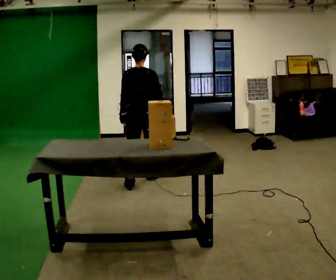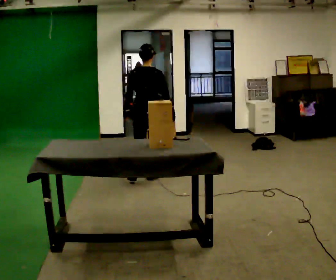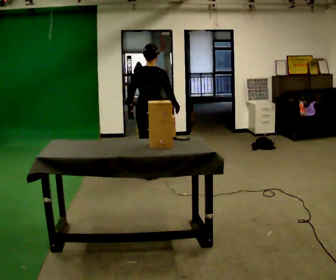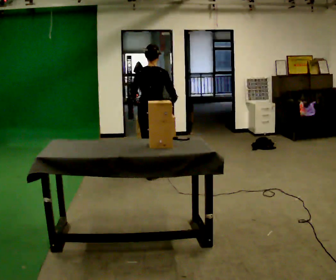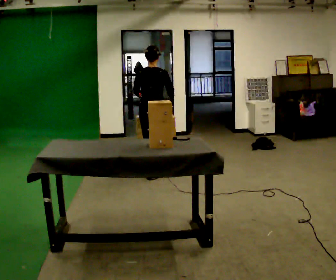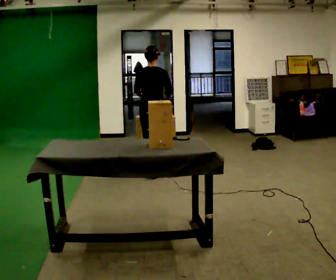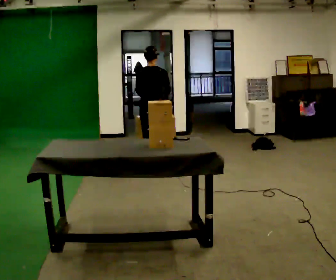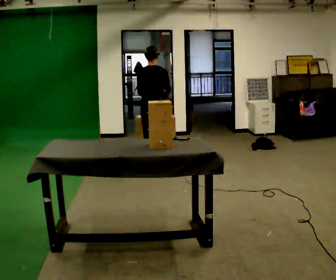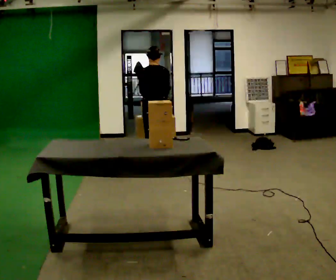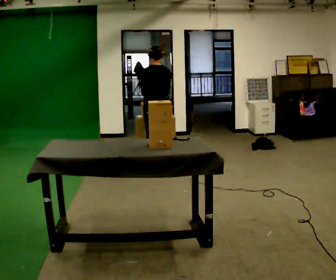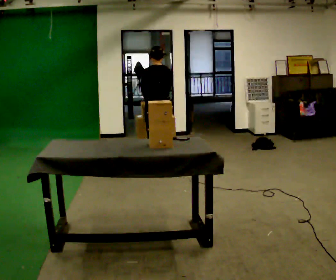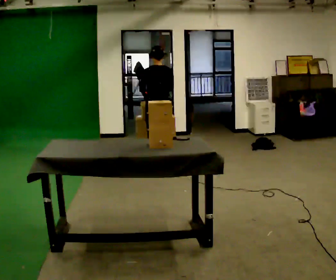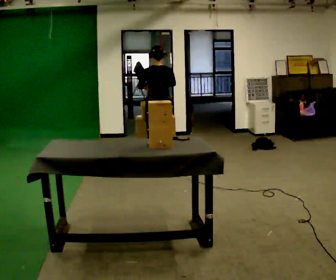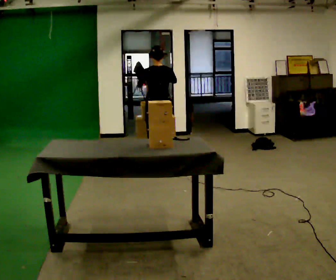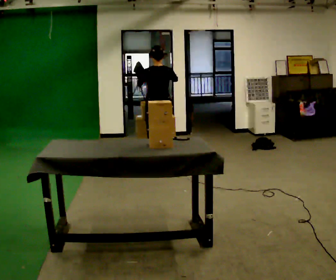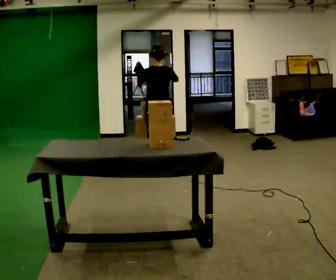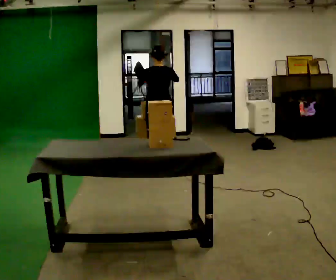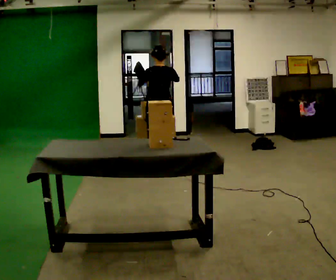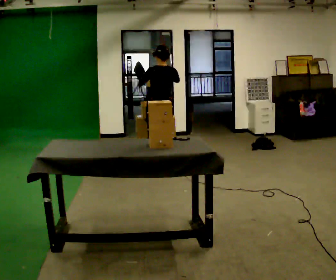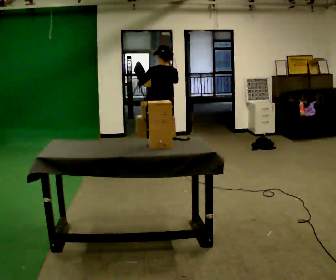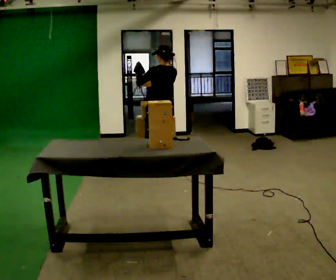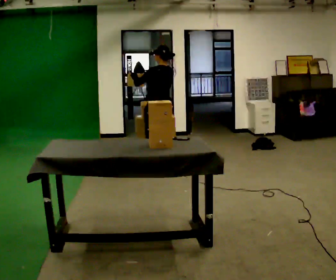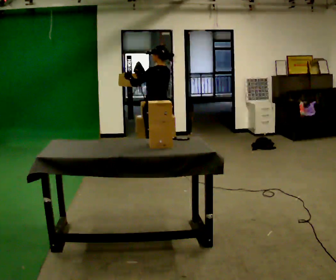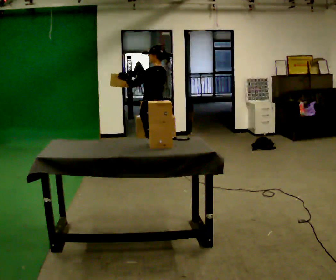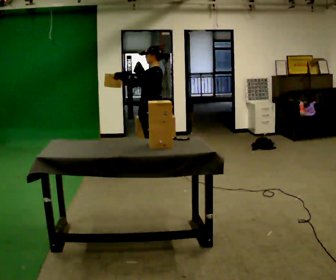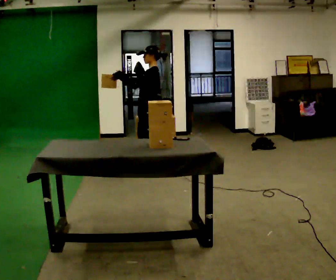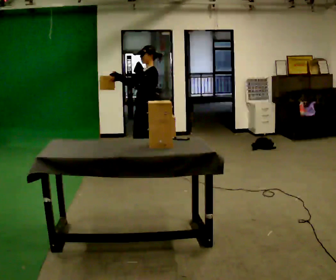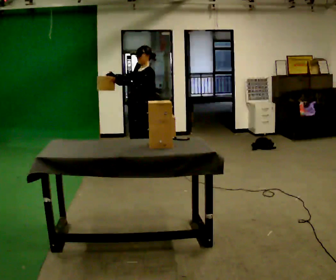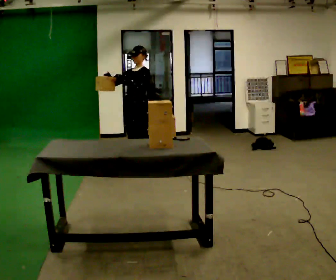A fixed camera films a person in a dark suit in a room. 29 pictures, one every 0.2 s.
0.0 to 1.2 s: In the picture they go away from the camera, about 0.5 m in 1 step, which for them is forward.
1.2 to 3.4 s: The person moves a little, or ends about where they began.
3.4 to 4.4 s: Seen from above the body turns counterclockwise, about 45 degrees: to their left, with its near side sliding to the right.
4.4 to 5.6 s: Seen from above the body turns counterclockwise, about 75 degrees: to their left, with its near side sliding to the right. In the picture they go to the left, about 0.25 m in 1 step.
The film runs forward here.
